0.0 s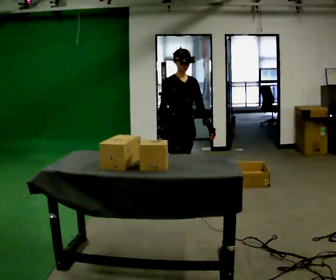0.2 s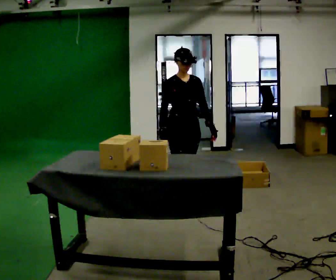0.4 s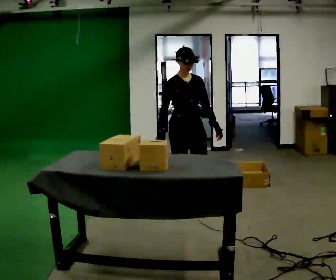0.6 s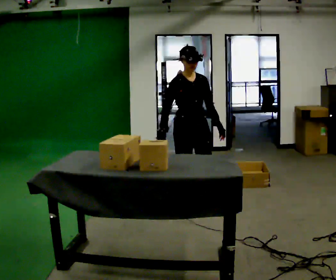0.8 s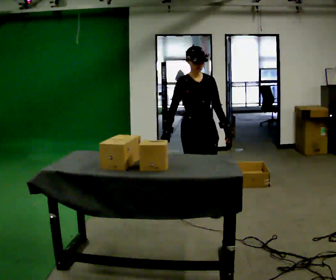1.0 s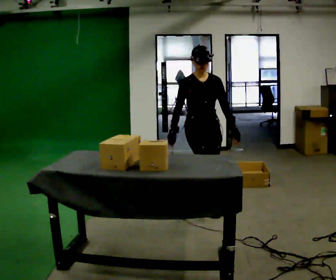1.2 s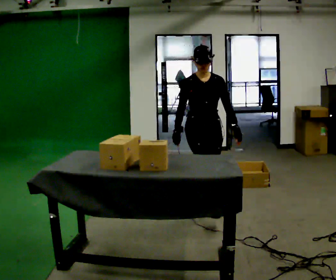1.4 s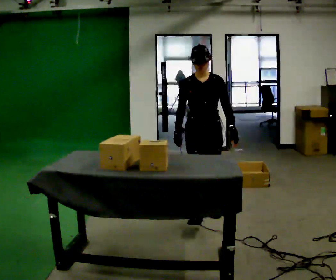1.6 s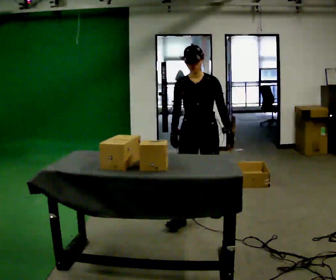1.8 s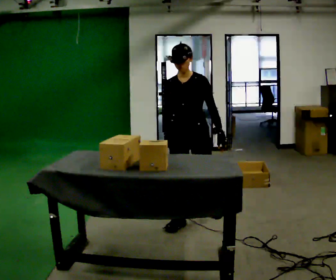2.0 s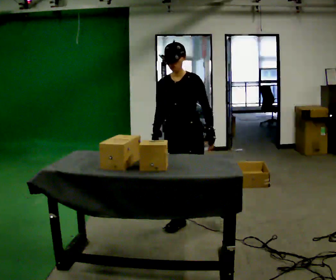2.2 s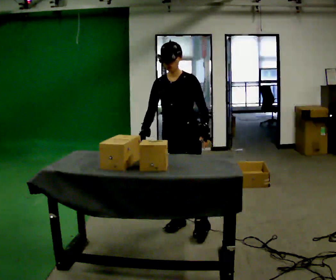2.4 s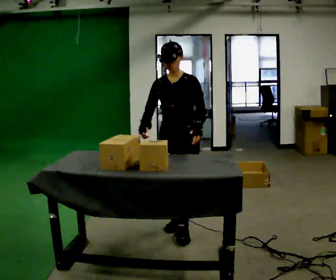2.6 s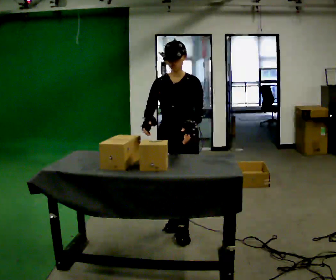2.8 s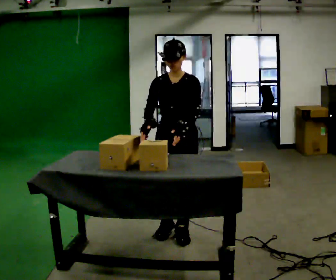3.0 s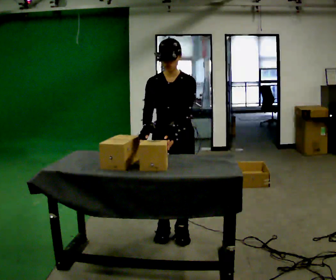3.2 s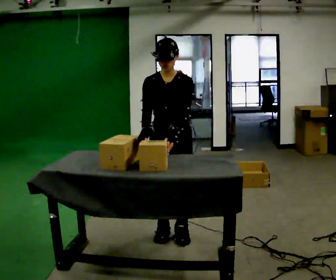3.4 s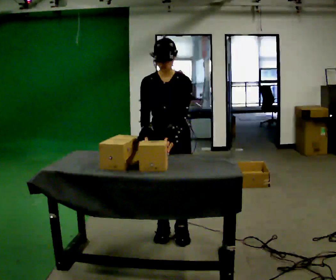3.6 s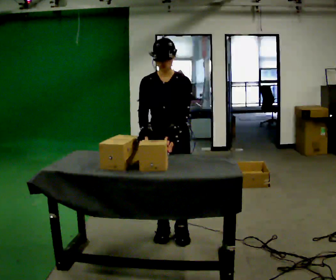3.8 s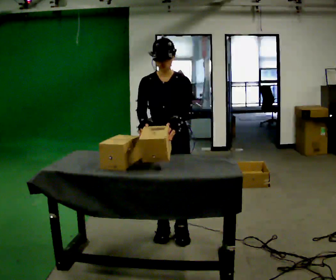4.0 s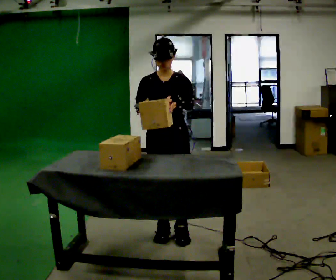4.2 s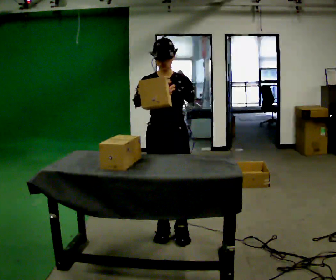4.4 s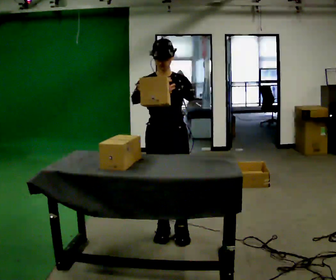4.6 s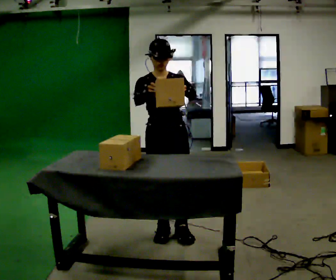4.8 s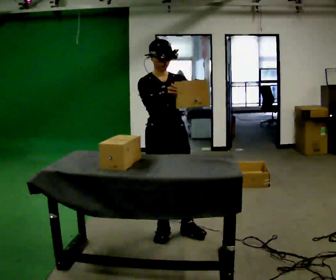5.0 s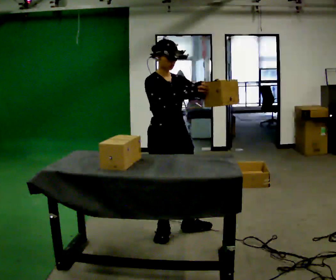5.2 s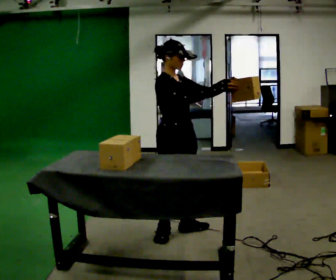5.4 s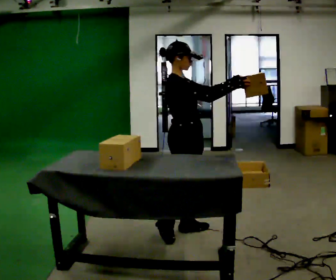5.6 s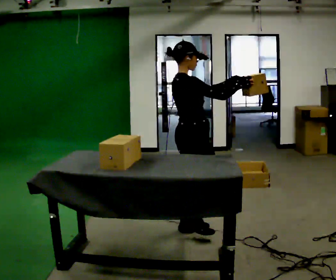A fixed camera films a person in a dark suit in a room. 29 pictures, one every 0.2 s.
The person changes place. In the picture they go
toward the camera.
0.0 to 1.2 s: In the picture they go toward the camera and to the right, about 0.5 m in 1 step, which for them is forward.
1.2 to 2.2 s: Seen from above the body turns clockwise, about 30 degrees: to their right, with its near side sliding to the left. In the picture they go toward the camera and to the left, about 0.5 m in 1 step, which for them is forward.
2.2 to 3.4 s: In the picture they go toward the camera, about 0.25 m in 2 steps, which for them is forward.
3.4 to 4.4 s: The person moves a little, or ends about where they began.
4.4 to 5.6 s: The part of the body nearest the lens slides to the right as the person turns to their left by about 105 degrees. In the picture they go to the right, about 0.25 m. In the picture their right hand goes to the right.
The film runs forward here.
